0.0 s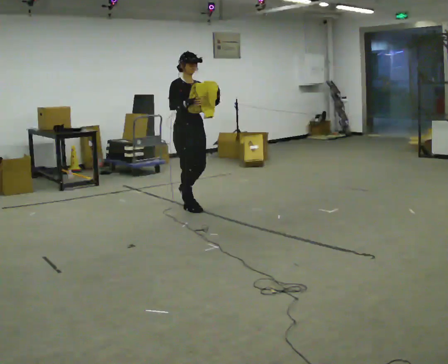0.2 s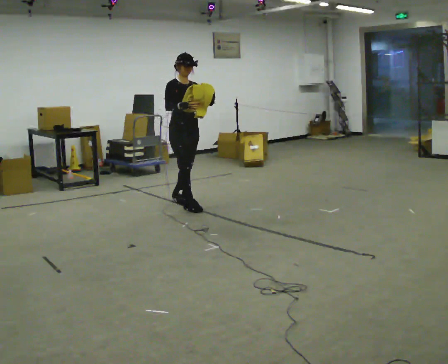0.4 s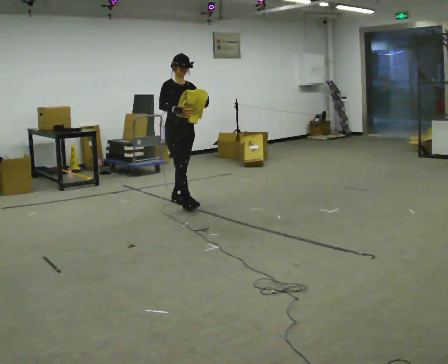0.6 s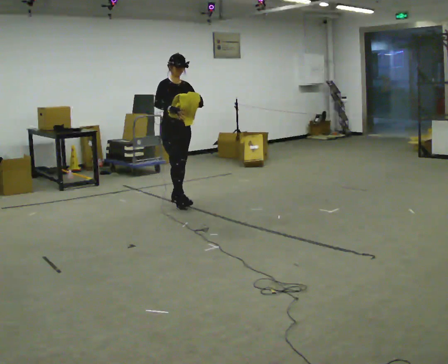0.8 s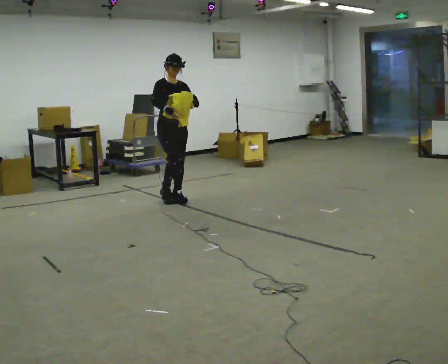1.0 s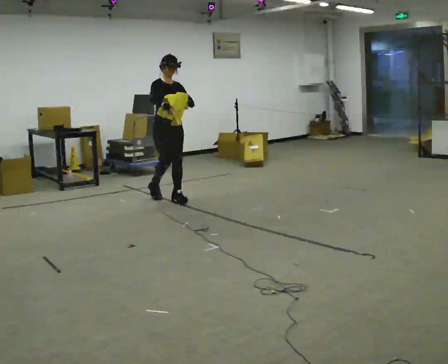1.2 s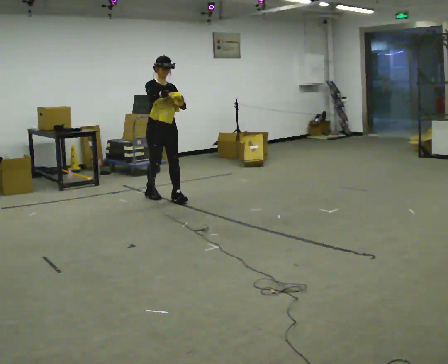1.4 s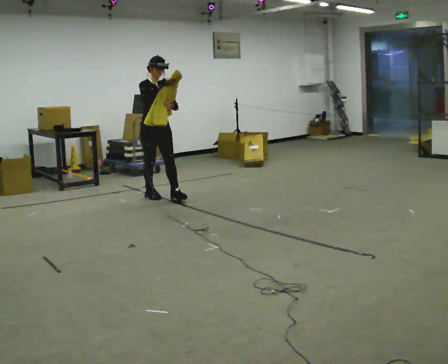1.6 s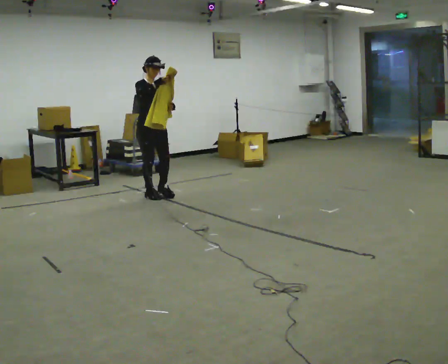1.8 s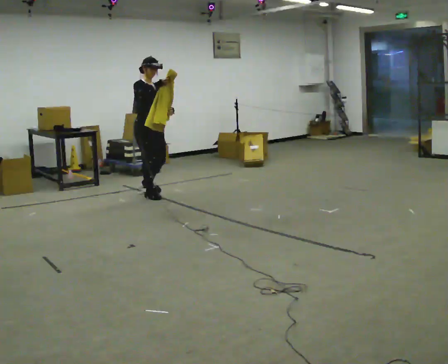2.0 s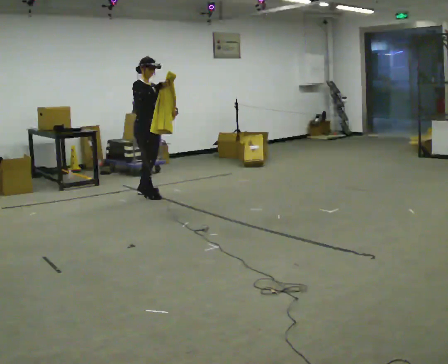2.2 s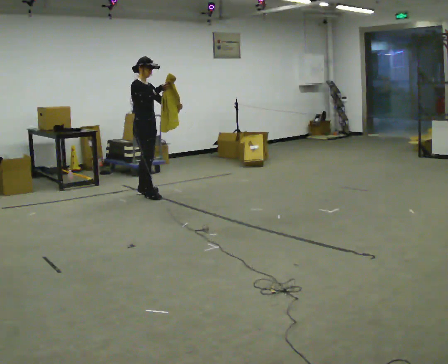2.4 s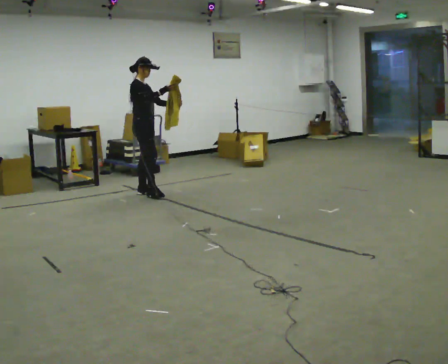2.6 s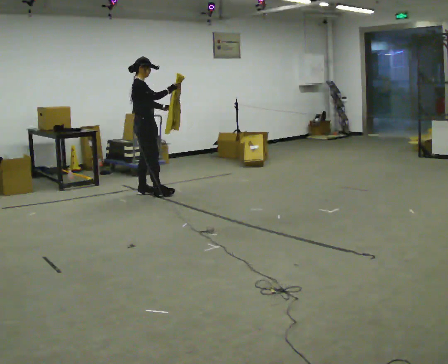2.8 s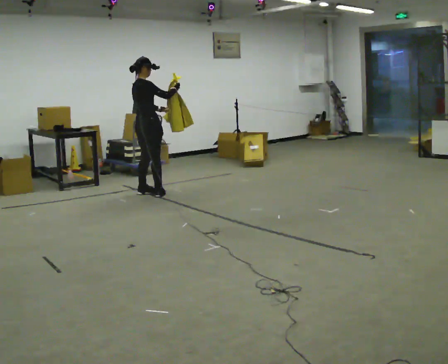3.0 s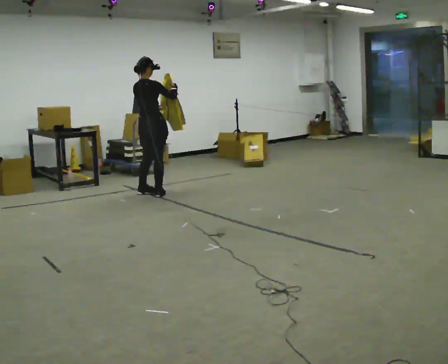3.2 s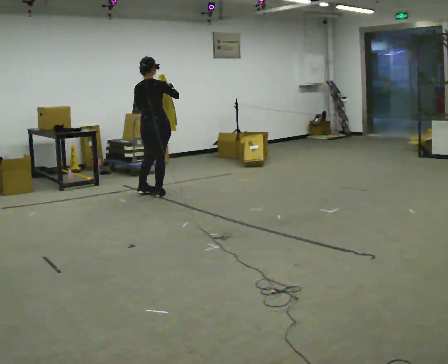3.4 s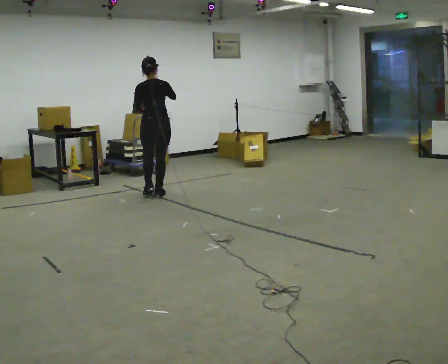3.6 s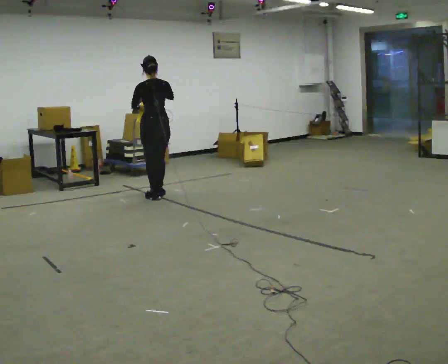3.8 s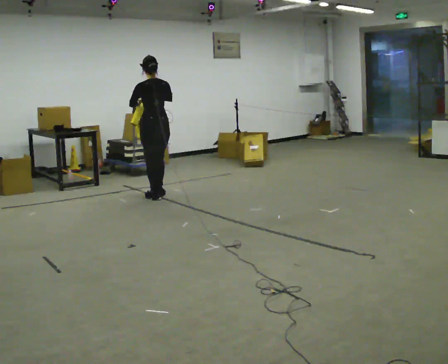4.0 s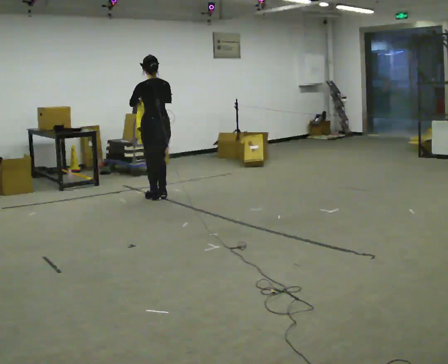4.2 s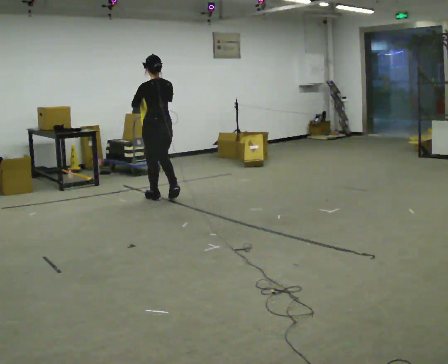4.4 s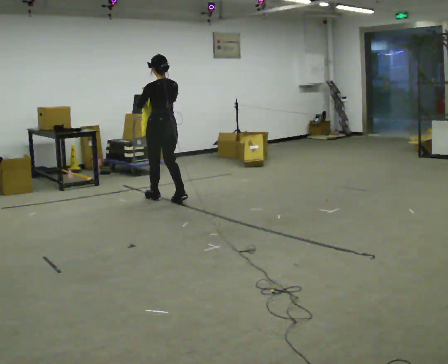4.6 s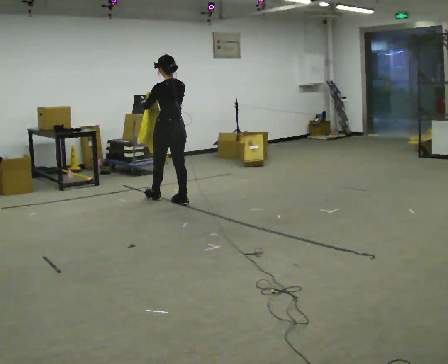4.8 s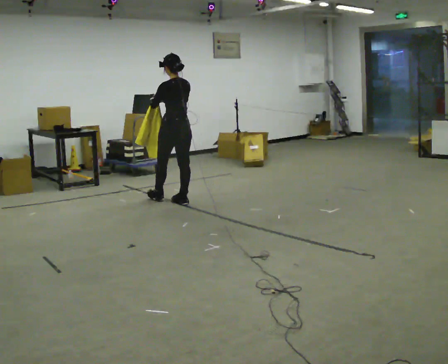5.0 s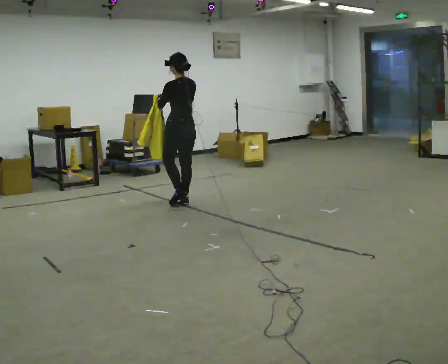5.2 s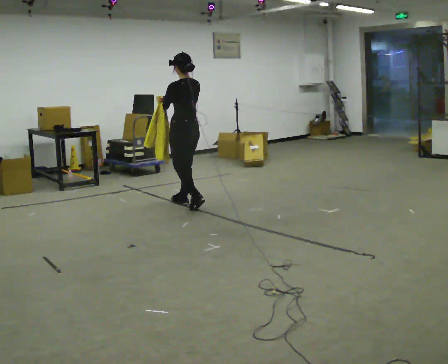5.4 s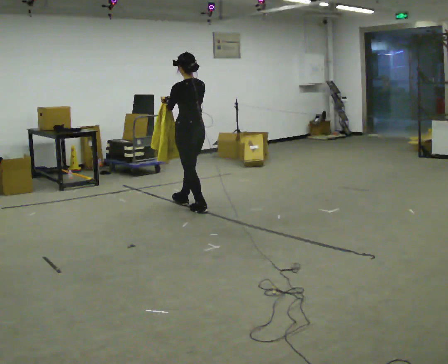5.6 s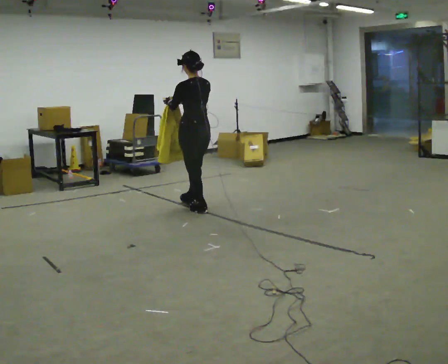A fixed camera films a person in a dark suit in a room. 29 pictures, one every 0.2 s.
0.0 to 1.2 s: In the picture they go away from the camera and to the left, about 0.5 m in 1 step, which for them is backward.
1.2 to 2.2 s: Seen from above the body turns counterclockwise, about 30 degrees: to their left, with its near side sliding to the right. In the picture they go away from the camera and to the left, about 0.25 m in 1 step, which for them is backward.
2.2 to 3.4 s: The part of the body nearest the lens slides to the right as the person turns to their left by about 120 degrees.
3.4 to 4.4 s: The part of the body nearest the lens slides to the right as the person turns to their left by about 30 degrees. In the picture they go toward the camera, about 0.25 m in 1 step, which for them is backward.
4.4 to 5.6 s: In the picture they go toward the camera and to the right, about 0.5 m in 2 steps, which for them is backward.
The film runs backward here.
